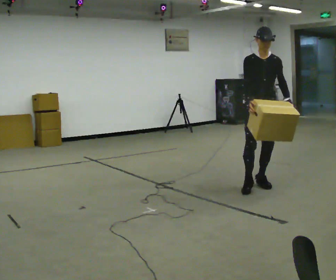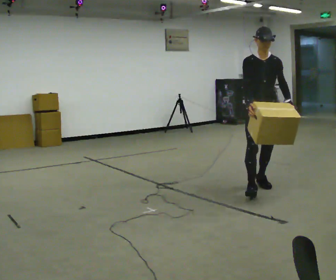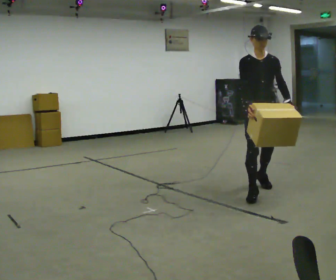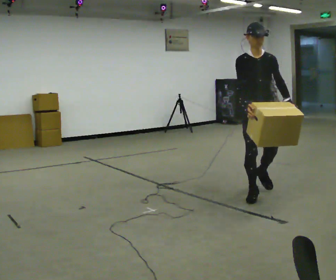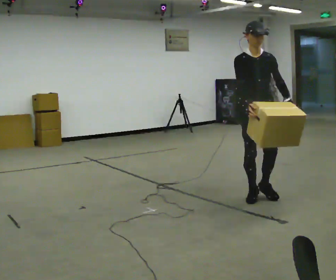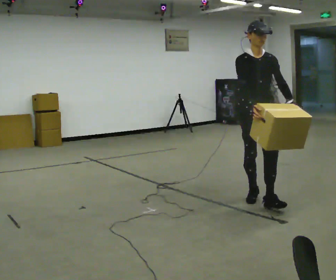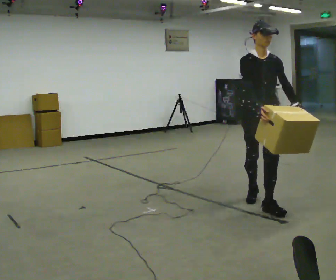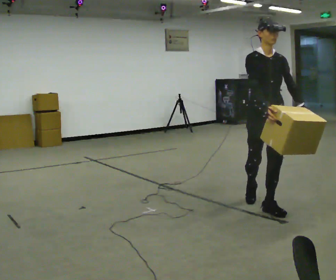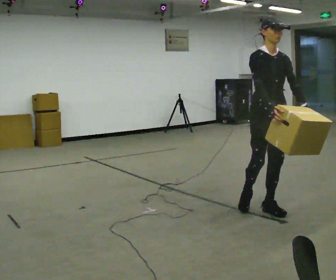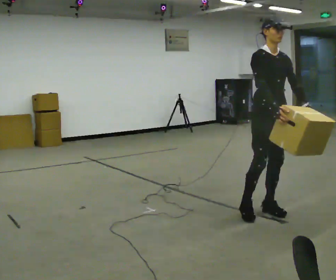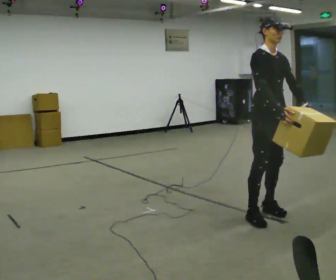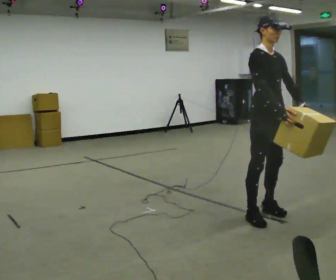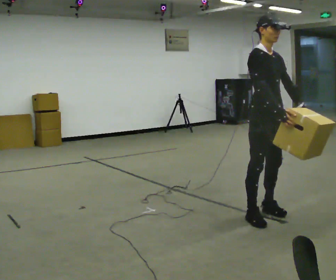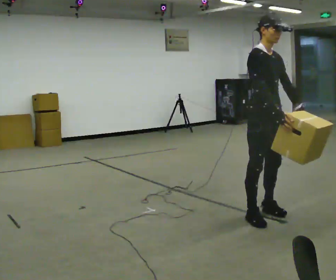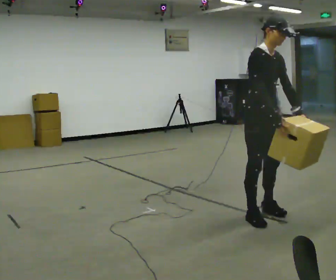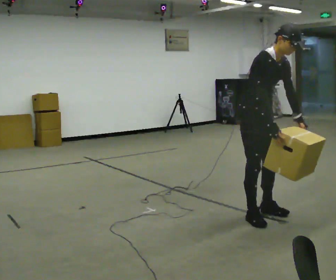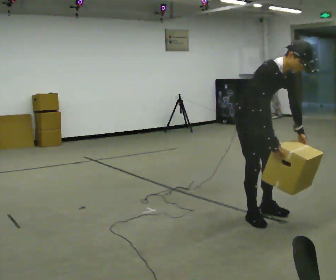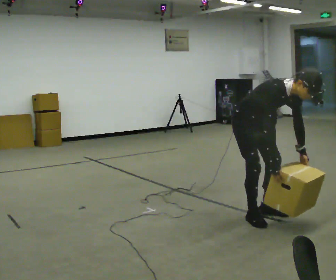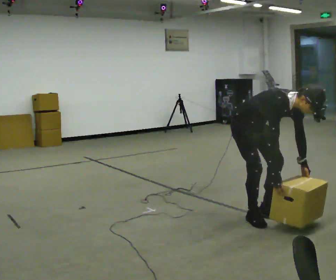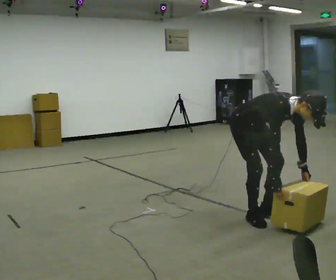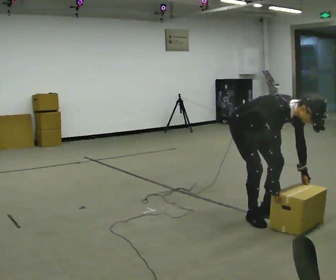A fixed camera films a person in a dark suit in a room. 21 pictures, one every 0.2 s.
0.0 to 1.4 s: In the picture they go toward the camera, about 1 m in 2 steps, which for them is forward.
1.4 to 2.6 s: Seen from above the body turns counterclockwise, about 30 degrees: to their left, with its near side sliding to the right. In the picture they go toward the camera, about 0.25 m in 1 step, which for them is to their right and forward.
2.6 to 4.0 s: The shoulders move downward. In the picture the upper body tilts clockwise, shoulders to the right, as they bend forward. In the picture their right hand goes downward.
The film runs forward here.
